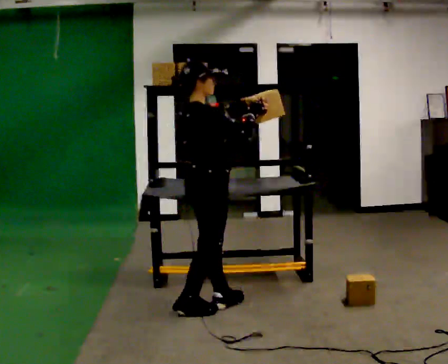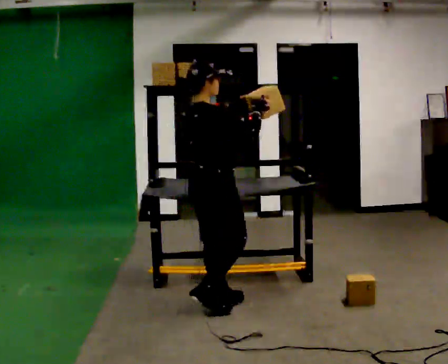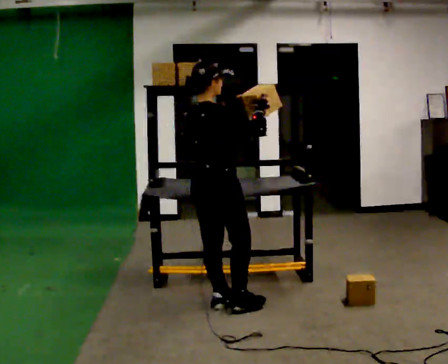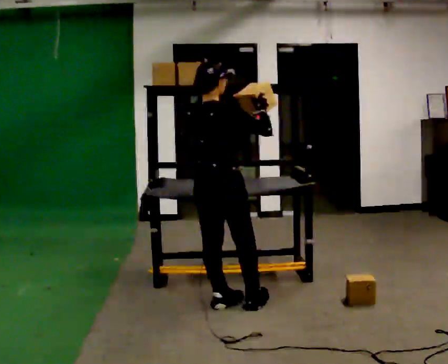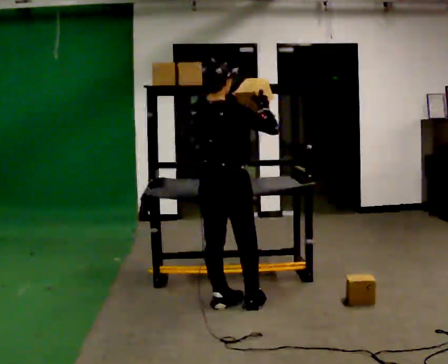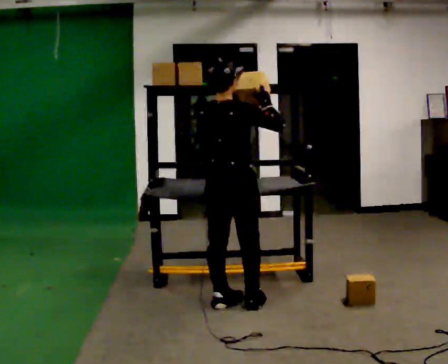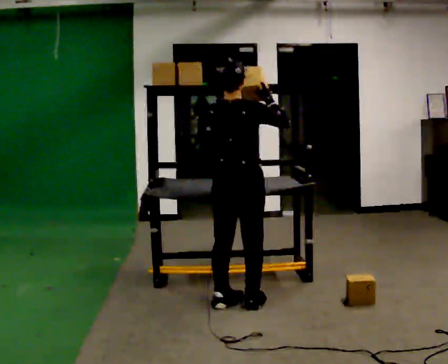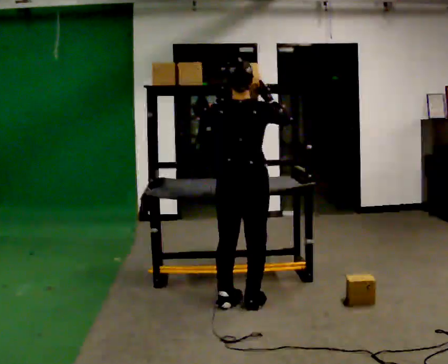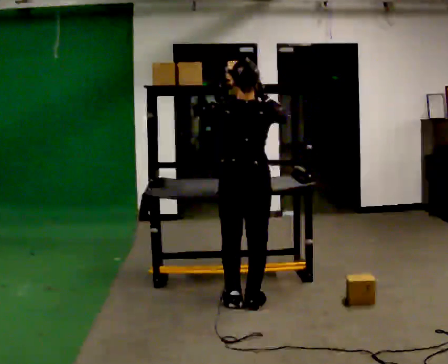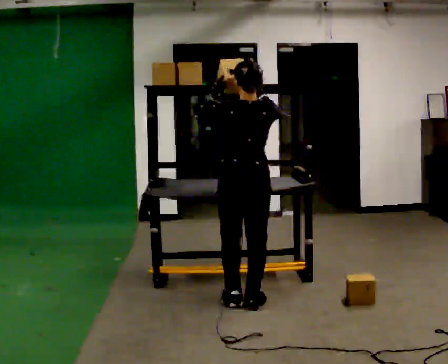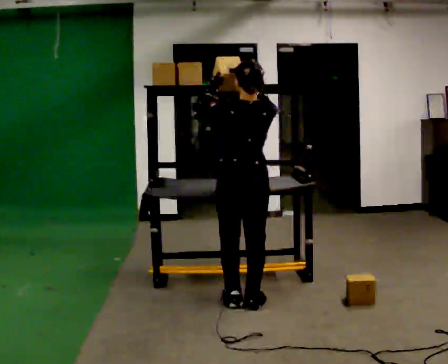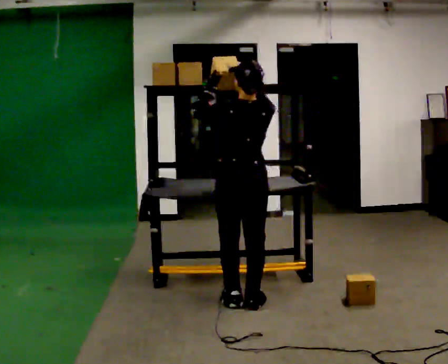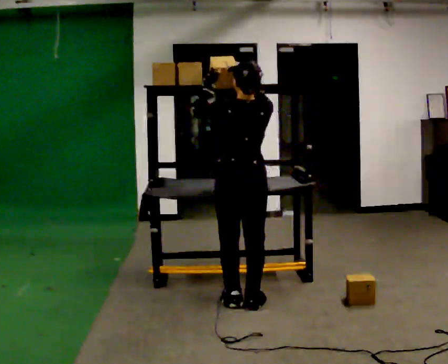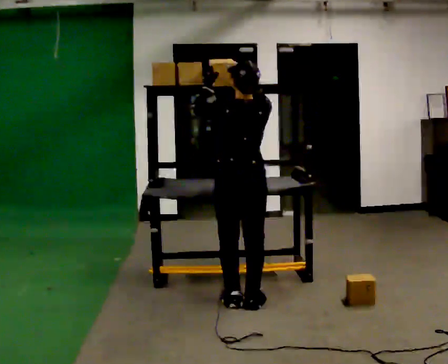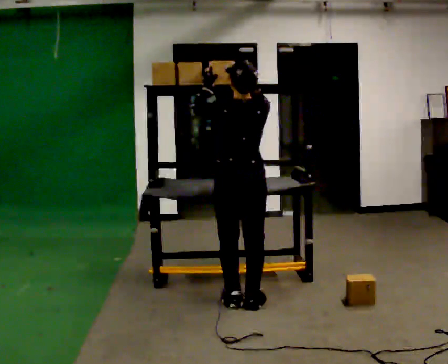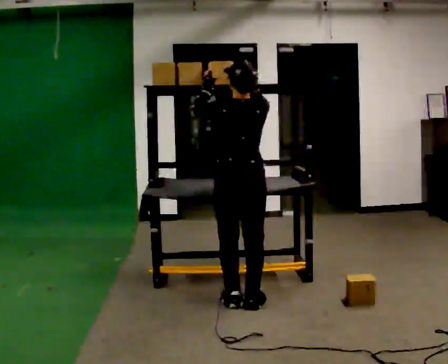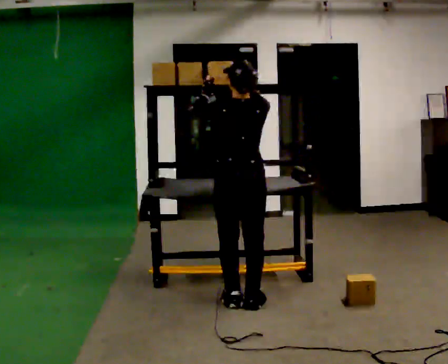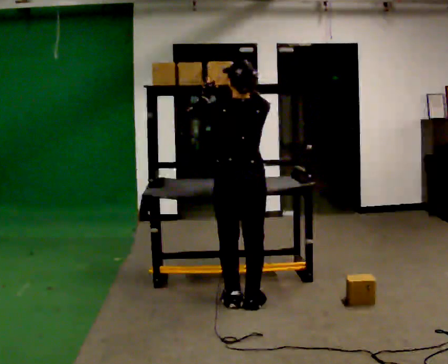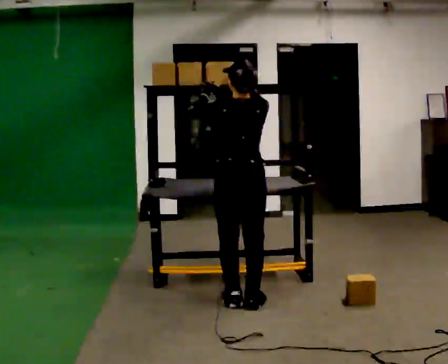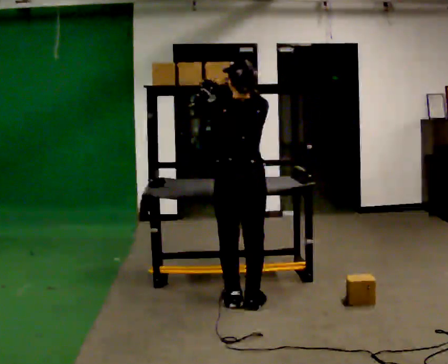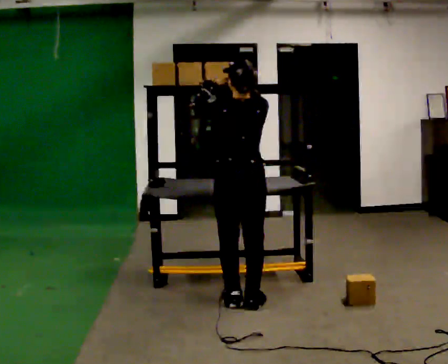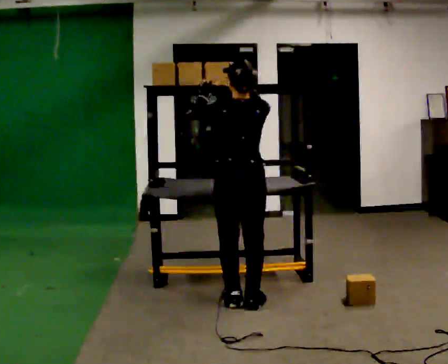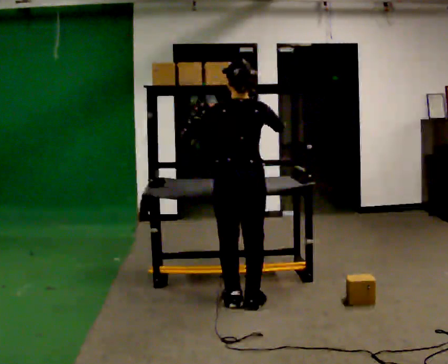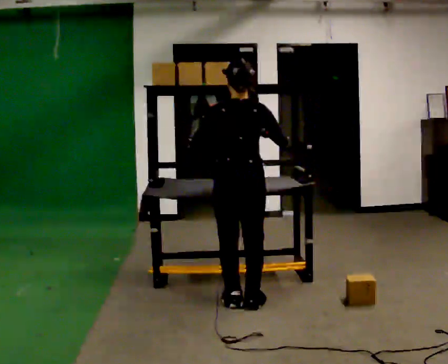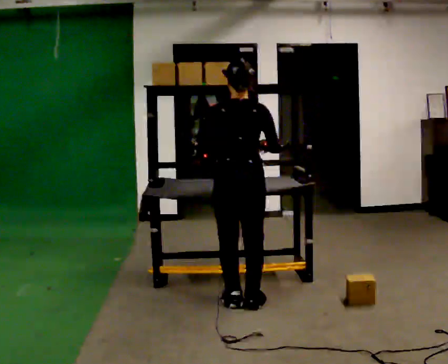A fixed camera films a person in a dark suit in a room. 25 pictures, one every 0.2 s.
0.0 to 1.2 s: The part of the body nearest the lens slides to the right as the person turns to their left by about 60 degrees. In the picture they go to the right, about 0.25 m in 1 step, which for them is forward.
1.2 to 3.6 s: The person moves a little, or ends about where they began.
3.6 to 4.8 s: In the picture their right hand goes downward.
The film runs forward here.
